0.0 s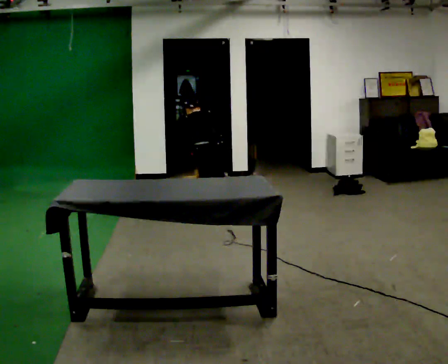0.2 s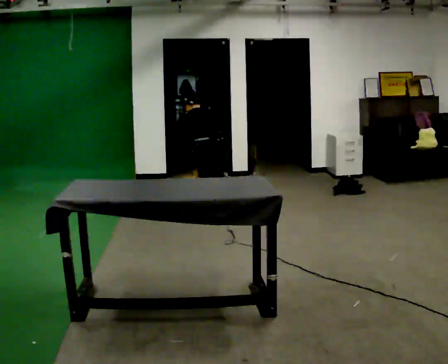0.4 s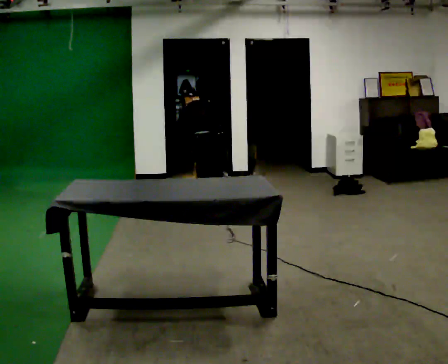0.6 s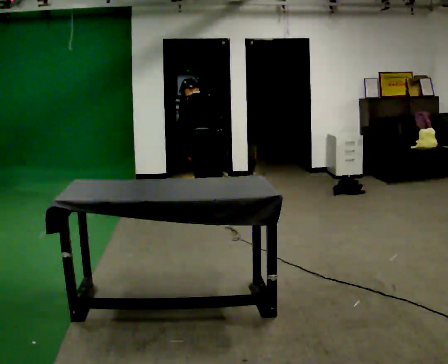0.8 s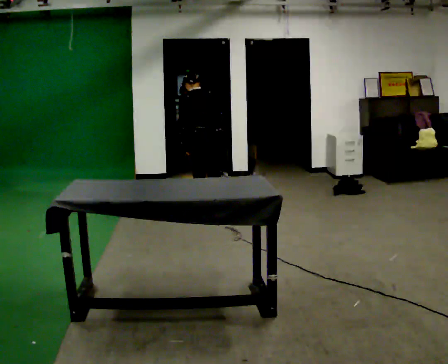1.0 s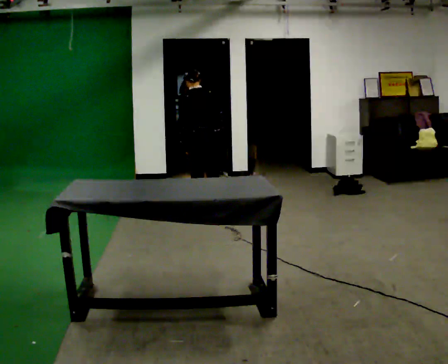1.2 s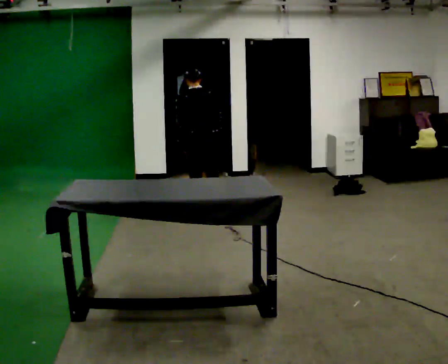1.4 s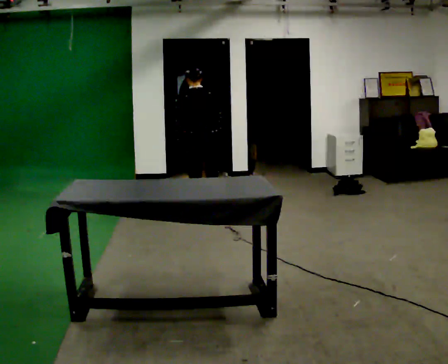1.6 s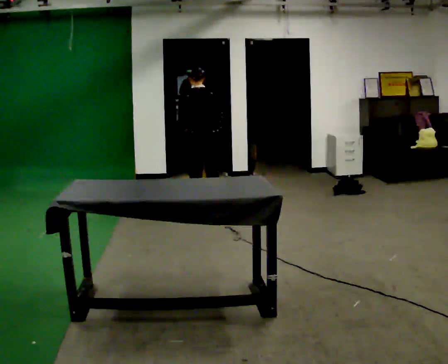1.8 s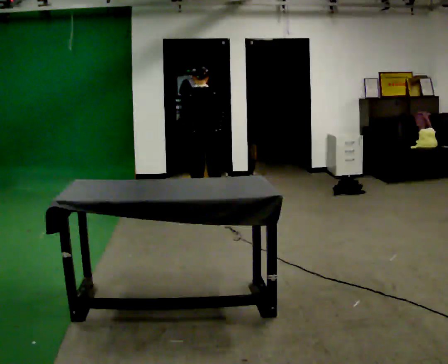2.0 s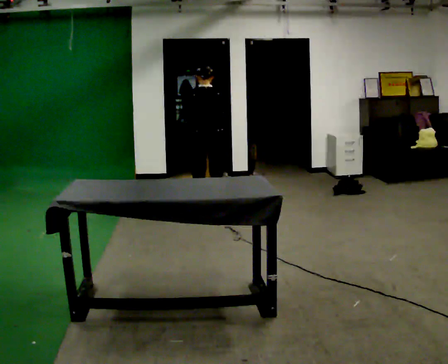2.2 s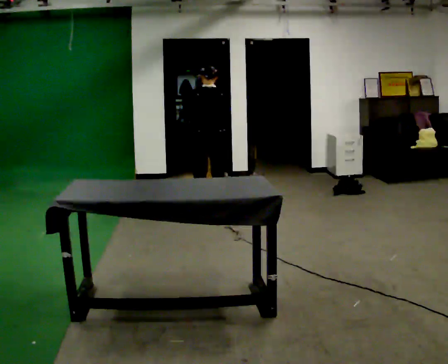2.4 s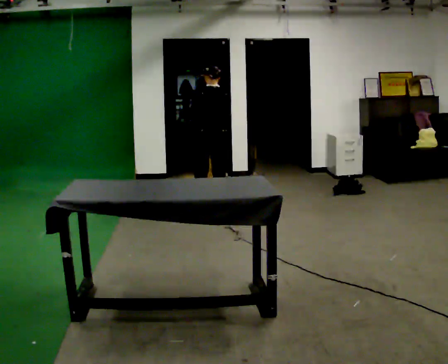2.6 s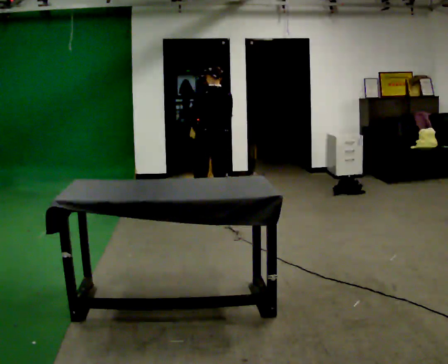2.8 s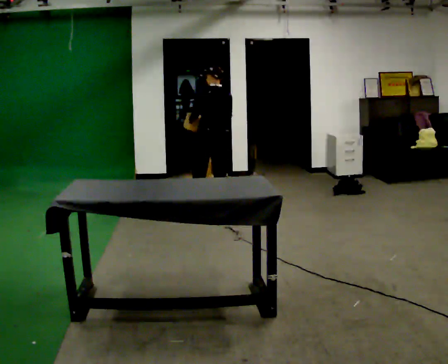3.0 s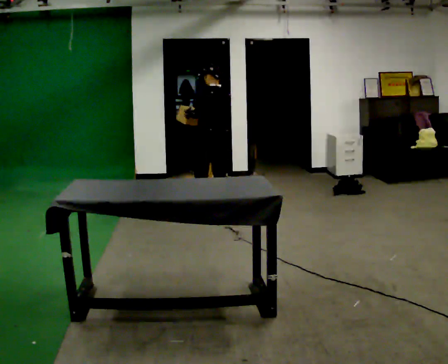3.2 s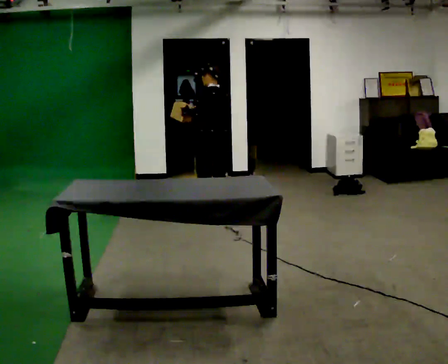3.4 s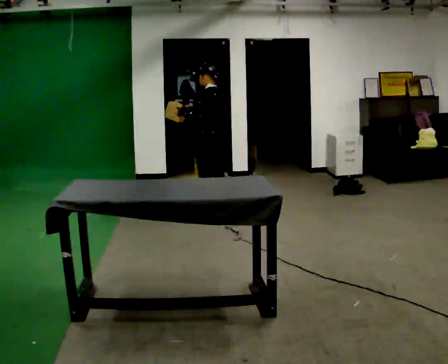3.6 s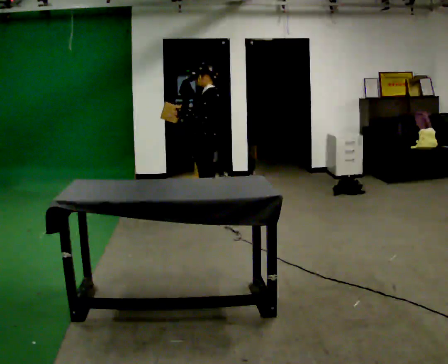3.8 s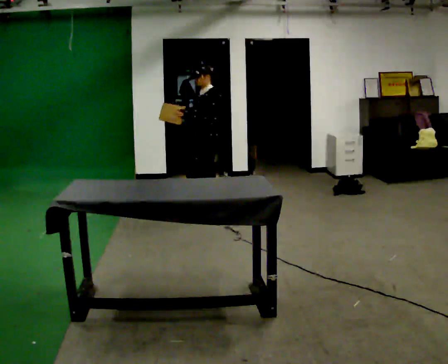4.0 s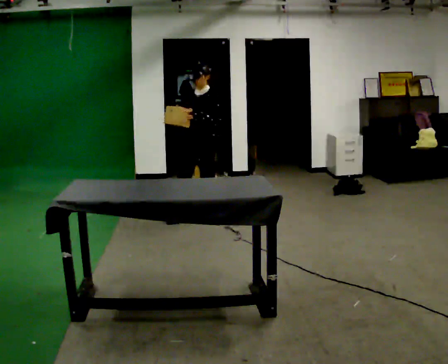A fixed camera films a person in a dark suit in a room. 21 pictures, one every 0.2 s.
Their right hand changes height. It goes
upward.
The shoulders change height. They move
upward.
0.0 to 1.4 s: The shoulders move upward. The upper body tips toward the camera, its near side rolling downward, as they lean back or straighten.
1.4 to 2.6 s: The person moves a little, or ends about where they began.
2.6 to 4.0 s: The person turns about 120 degrees to their left, counterclockwise seen from above, so the part of the body nearest the lens slides to the right. In the picture they go toward the camera and to the left, about 0.25 m in 1 step.
The film runs forward here.
